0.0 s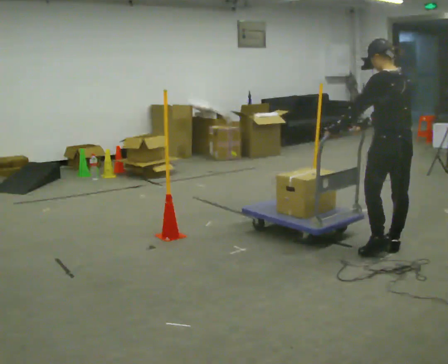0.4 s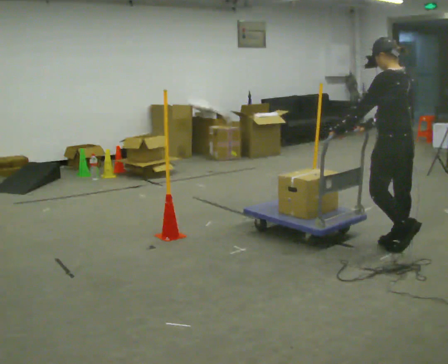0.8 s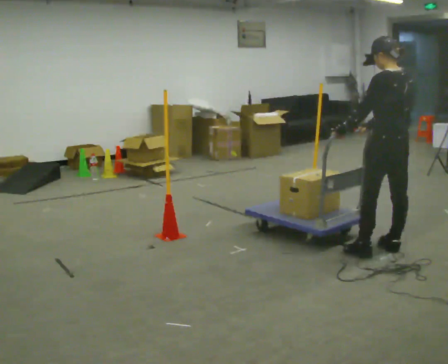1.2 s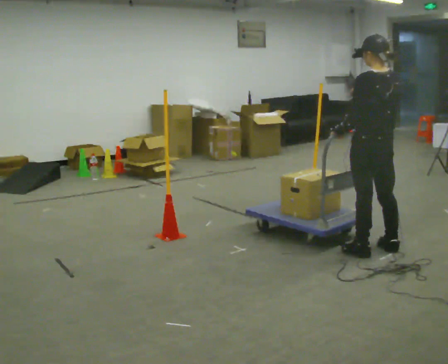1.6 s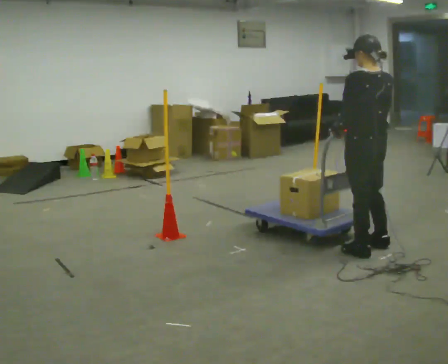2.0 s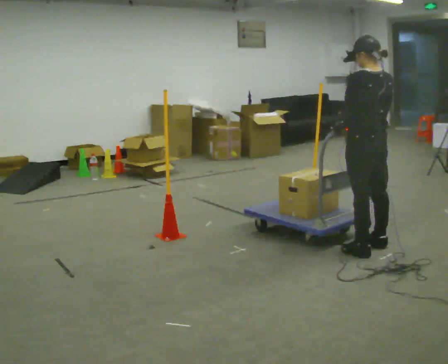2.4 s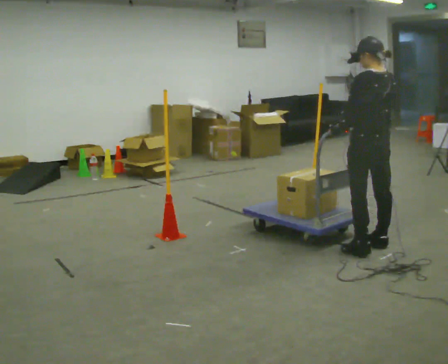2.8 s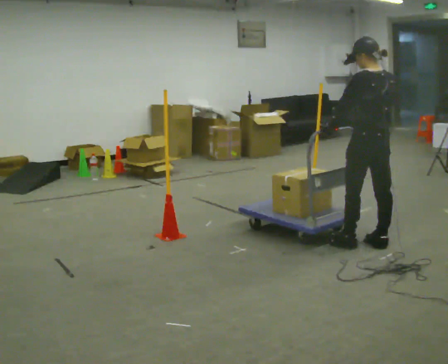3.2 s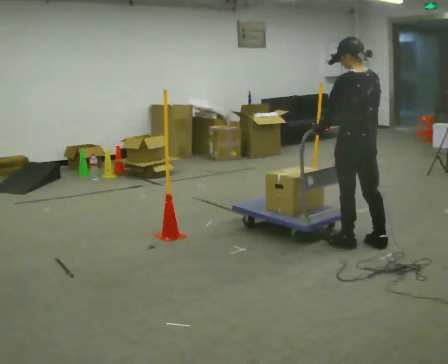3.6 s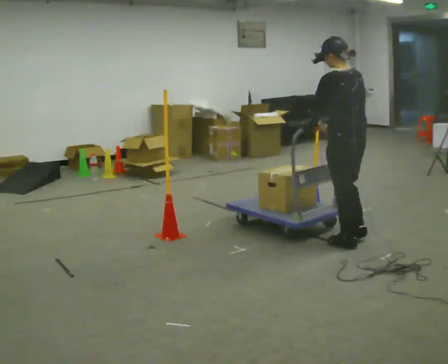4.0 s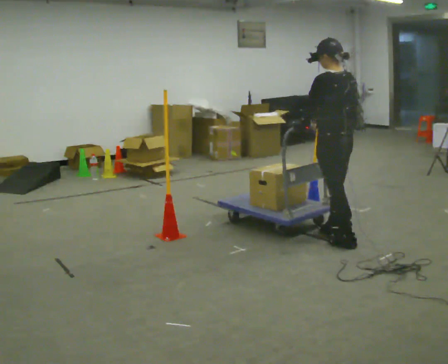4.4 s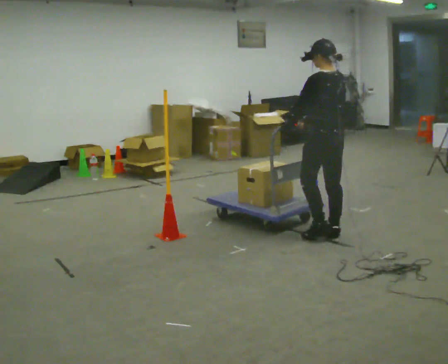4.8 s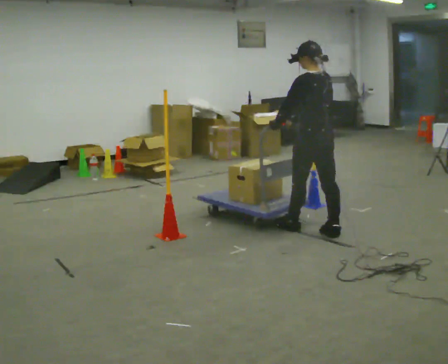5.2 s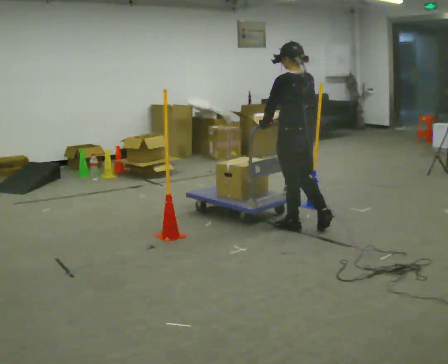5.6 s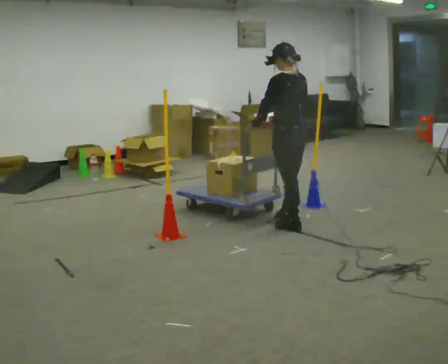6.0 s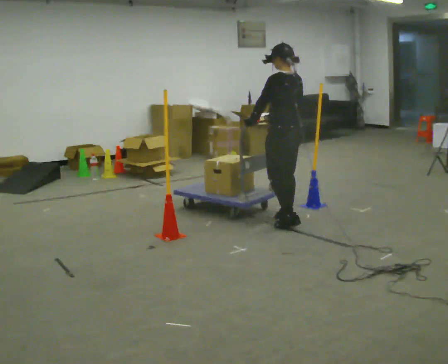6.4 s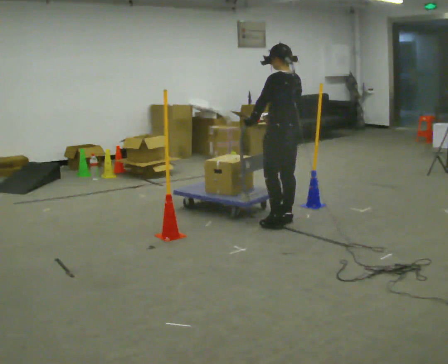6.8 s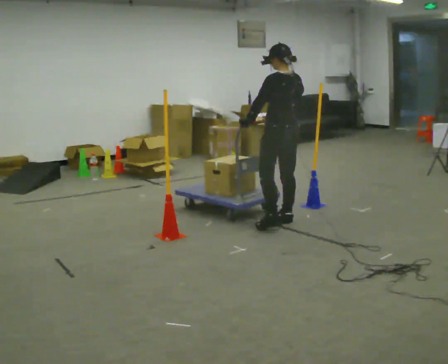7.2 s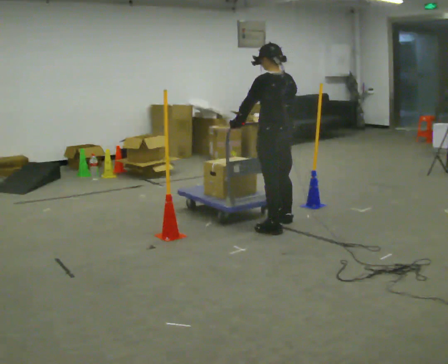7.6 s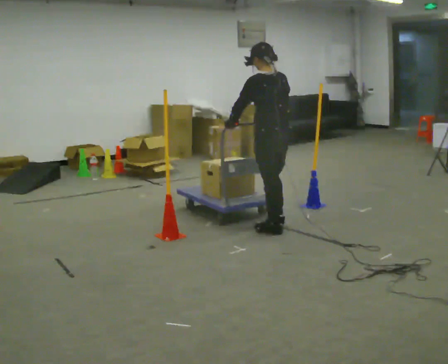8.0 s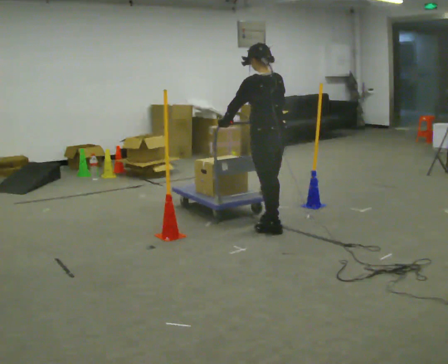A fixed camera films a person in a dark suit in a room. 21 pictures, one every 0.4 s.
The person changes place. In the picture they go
to the left.
0.0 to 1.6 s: In the picture they go to the left, about 0.25 m in 2 steps, which for them is to their left. In the picture their right hand goes upward.
1.6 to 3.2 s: The person moves a little, or ends about where they began.
3.2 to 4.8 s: In the picture they go away from the camera and to the left, about 0.5 m in 2 steps, which for them is forward.
4.8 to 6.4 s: In the picture they go away from the camera and to the left, about 0.5 m in 1 step, which for them is forward.
6.4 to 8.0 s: In the picture they go toward the camera, about 0.25 m in 1 step, which for them is to their left.
The film runs forward here.
